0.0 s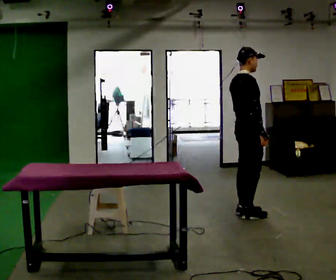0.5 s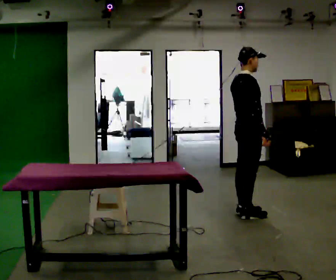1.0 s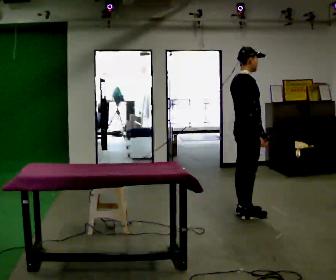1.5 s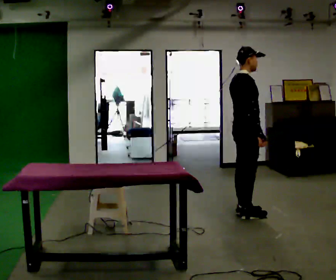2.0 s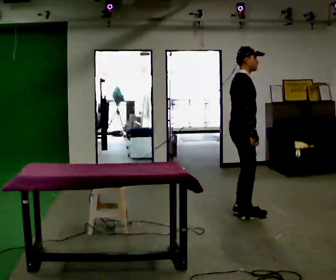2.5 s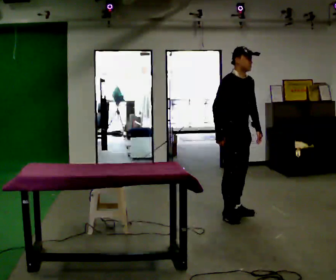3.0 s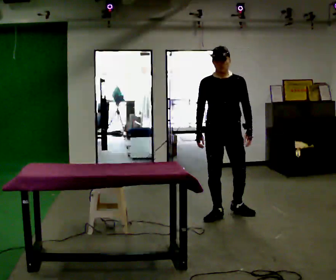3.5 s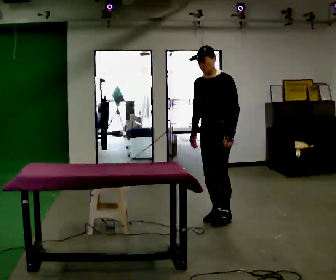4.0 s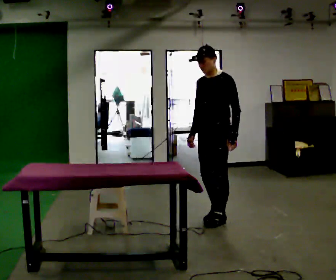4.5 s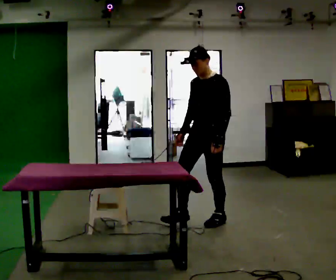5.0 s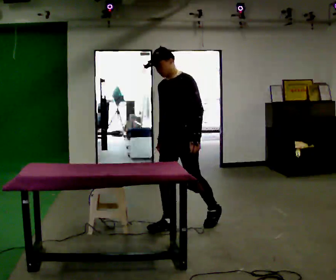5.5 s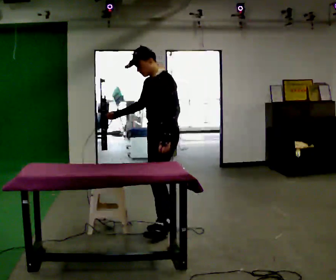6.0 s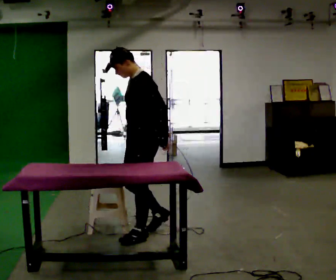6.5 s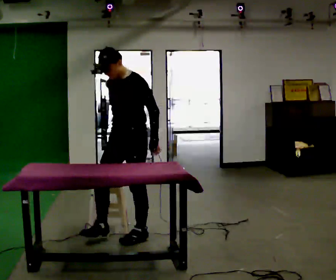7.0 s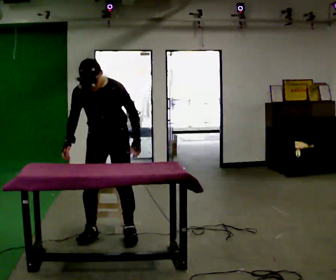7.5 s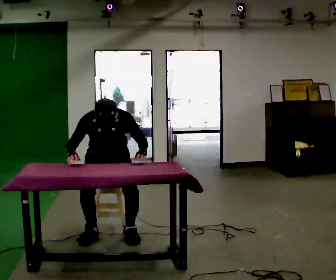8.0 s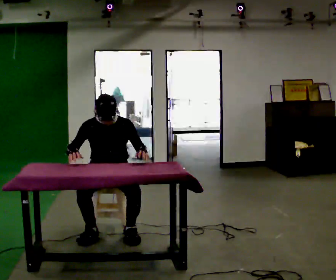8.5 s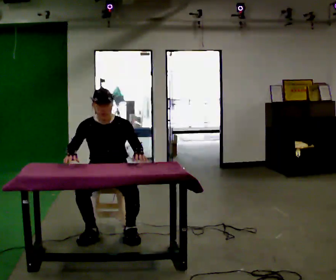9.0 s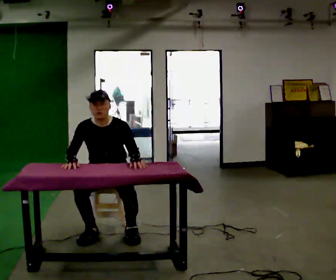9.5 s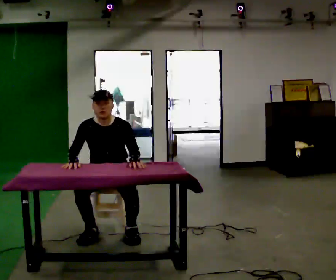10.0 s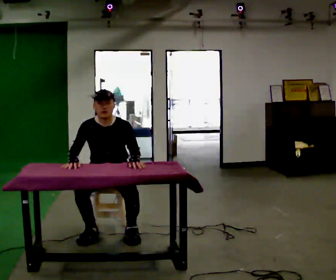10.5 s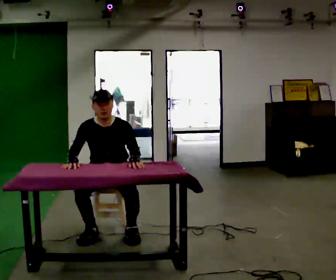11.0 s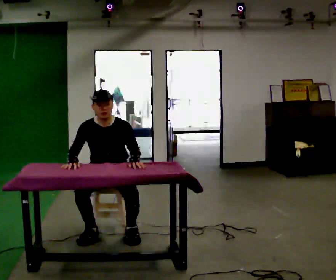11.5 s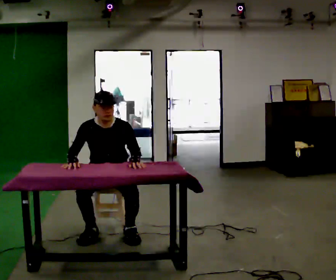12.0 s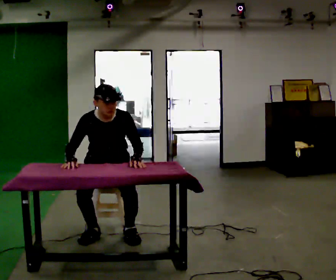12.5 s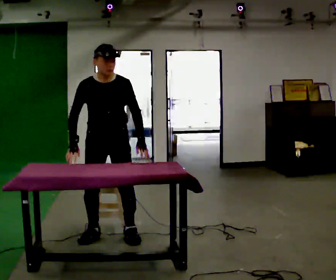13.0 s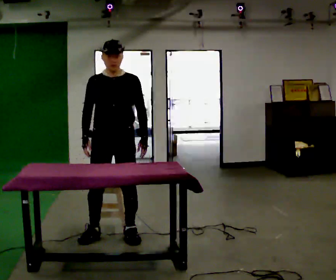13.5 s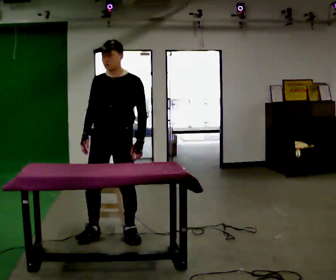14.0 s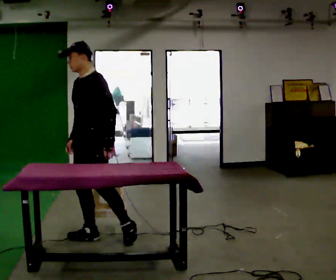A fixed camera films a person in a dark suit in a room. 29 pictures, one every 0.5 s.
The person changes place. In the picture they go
to the left.
0.0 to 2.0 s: The person moves a little, or ends about where they began.
2.0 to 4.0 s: Seen from above the body turns clockwise, about 135 degrees: to their right, with its near side sliding to the left. In the picture they go to the left, about 0.25 m in 2 steps.
4.0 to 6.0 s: In the picture they go to the left and toward the camera, about 1 m in 2 steps, which for them is forward.
6.0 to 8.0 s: The person turns about 75 degrees to their left, counterclockwise seen from above, so the part of the body nearest the lens slides to the right. In the picture they go to the left and away from the camera, about 0.5 m in 2 steps. The upper body goes downward.
8.0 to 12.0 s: The person moves a little, or ends about where they began.
12.0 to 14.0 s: Seen from above the body turns clockwise, about 60 degrees: to their right, with its near side sliding to the left. In the picture they go toward the camera, about 0.25 m, which for them is forward. The shoulders move upward. The upper body tips away from the camera, its near side rolling upward, as they lean back or straighten.
The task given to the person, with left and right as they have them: Walk up to the chair at the table, sit down into the space, settle as if you were about to work there, then stand up and step away. Repeat the movement at your own pace until the operator says stop; do not rush.
The film runs forward here.
